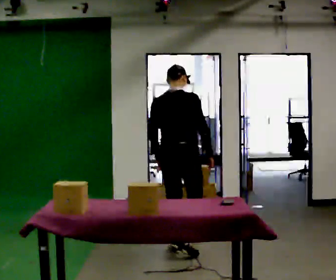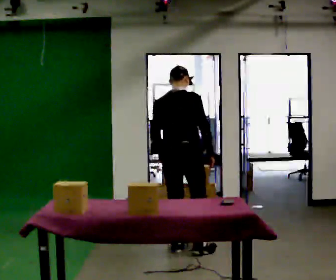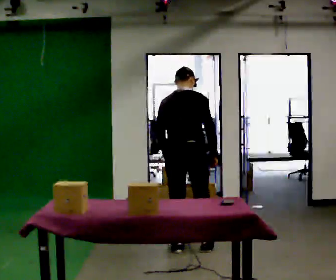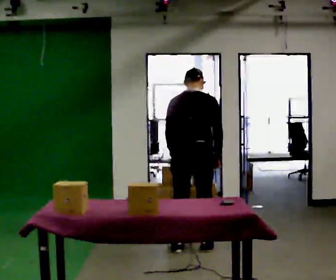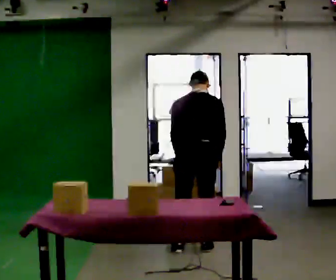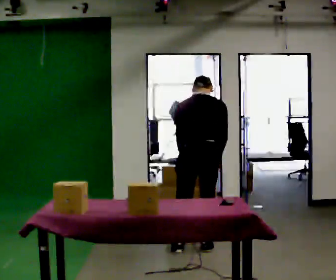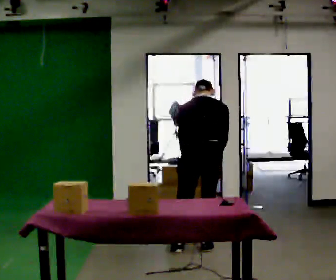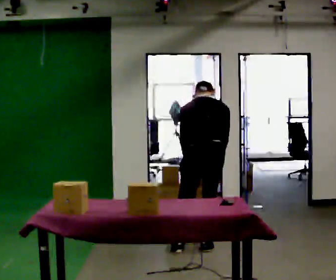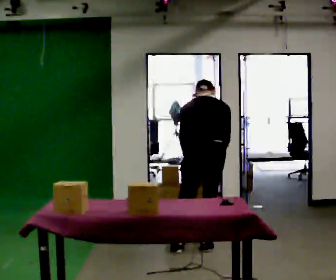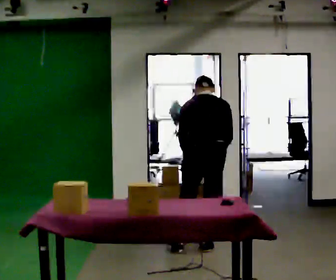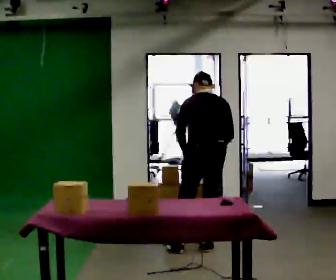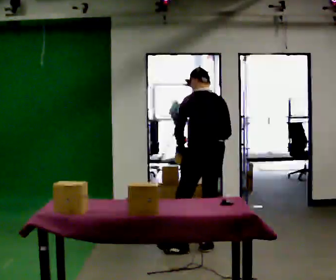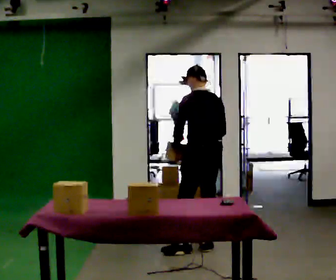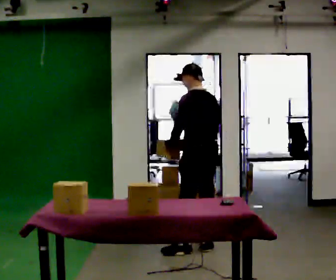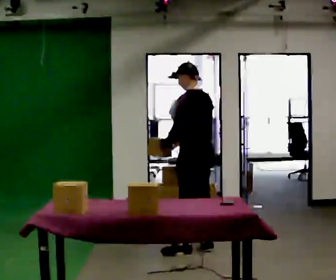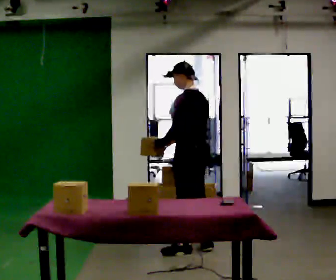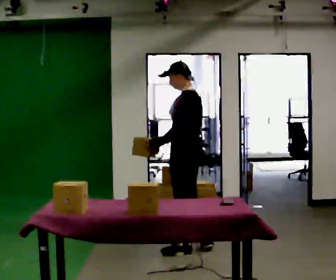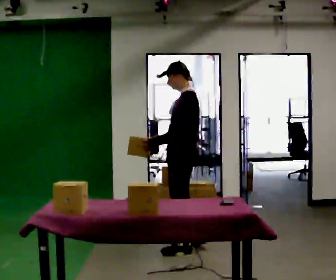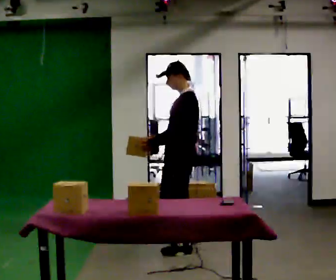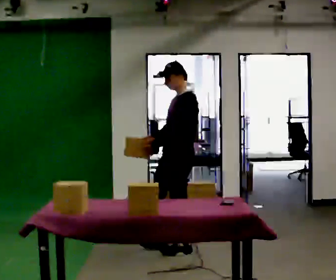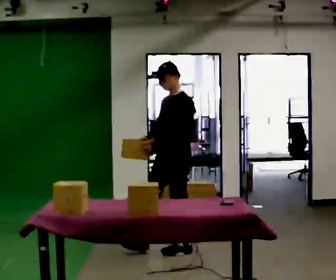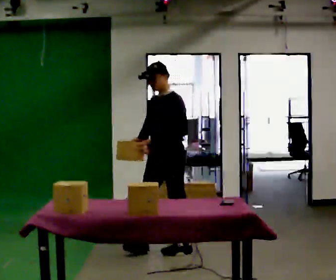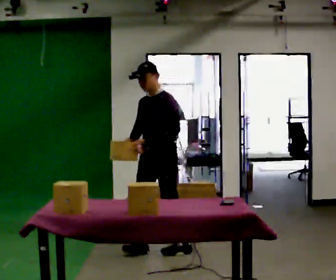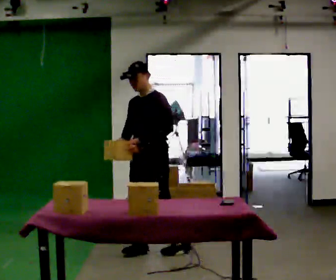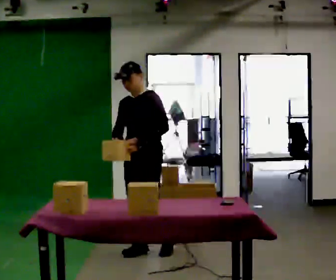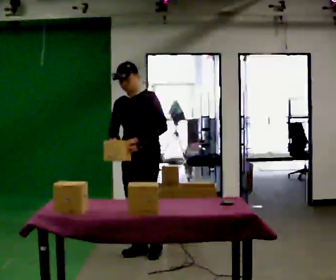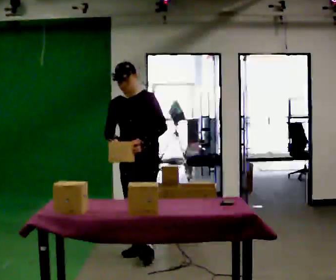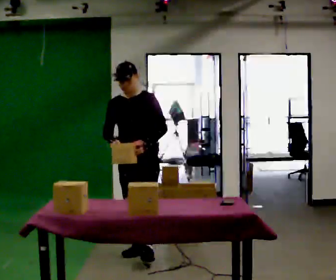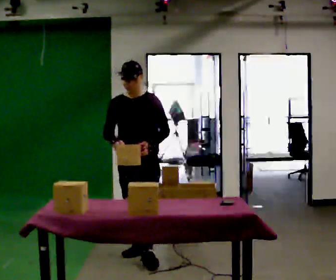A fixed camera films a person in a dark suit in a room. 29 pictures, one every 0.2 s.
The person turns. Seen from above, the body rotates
counterclockwise.
The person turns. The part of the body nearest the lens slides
to the right.
0.0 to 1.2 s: The person turns about 30 degrees to their left, counterclockwise seen from above, so the part of the body nearest the lens slides to the right. In the picture they go to the right, about 0.25 m in 1 step, which for them is to their right. The upper body tips away from the camera, its near side rolling upward, as they bend forward.
1.2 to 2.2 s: The person turns about 30 degrees to their left, counterclockwise seen from above, so the part of the body nearest the lens slides to the right. The upper body tips toward the camera, its near side rolling downward, as they lean back or straighten.
2.2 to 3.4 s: Seen from above the body turns counterclockwise, about 60 degrees: to their left, with its near side sliding to the right. In the picture they go to the left, about 0.25 m, which for them is to their left and forward. In the picture their right hand goes to the left.
3.4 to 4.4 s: Seen from above the body turns counterclockwise, about 45 degrees: to their left, with its near side sliding to the right. In the picture they go to the left, about 0.25 m in 1 step, which for them is forward.
4.4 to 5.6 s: Seen from above the body turns counterclockwise, about 30 degrees: to their left, with its near side sliding to the right. In the picture they go toward the camera and to the left, about 0.25 m in 1 step, which for them is forward.
The film runs forward here.
